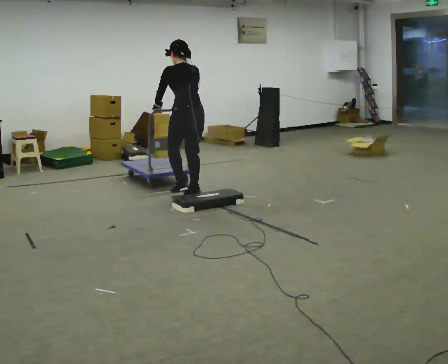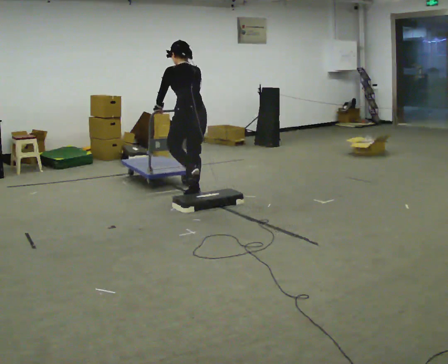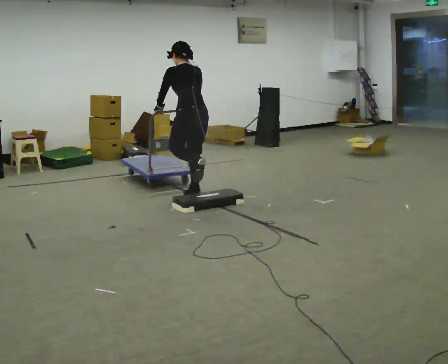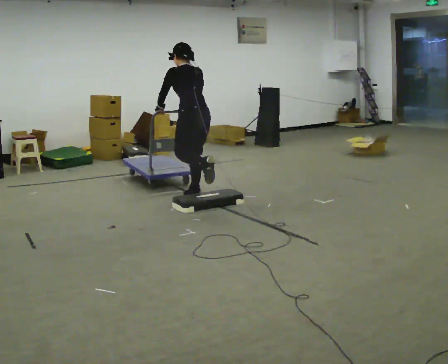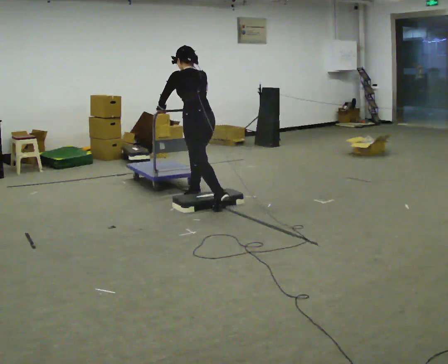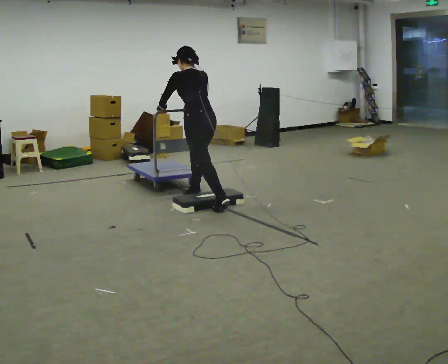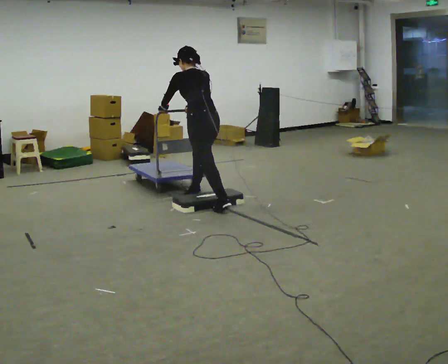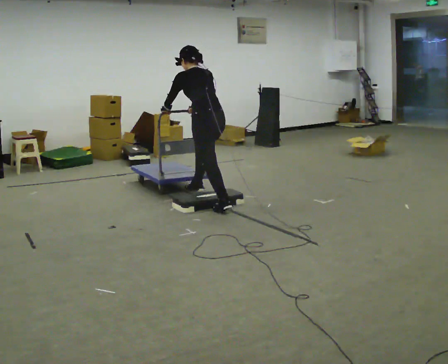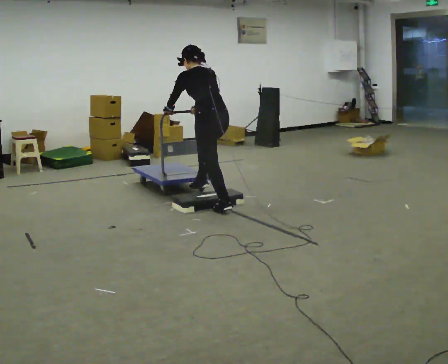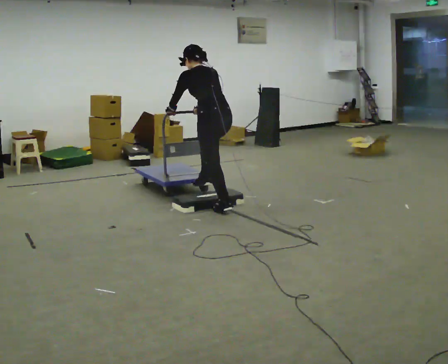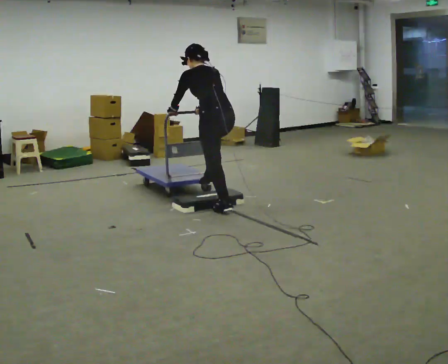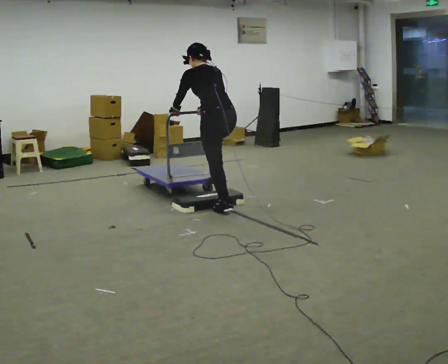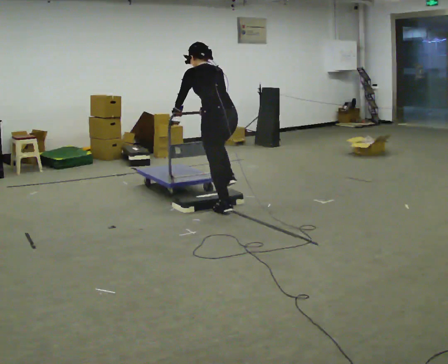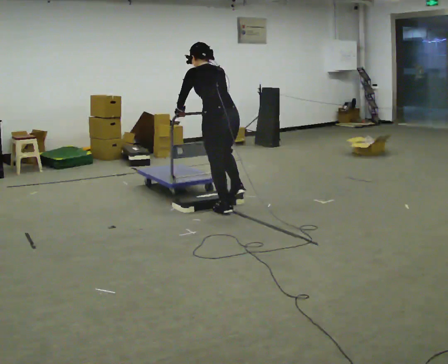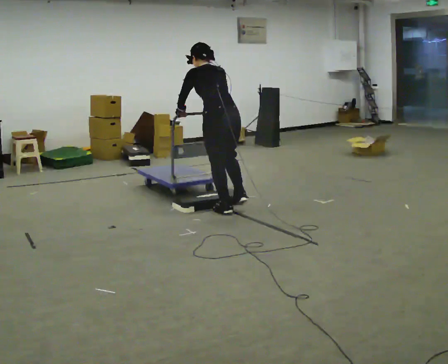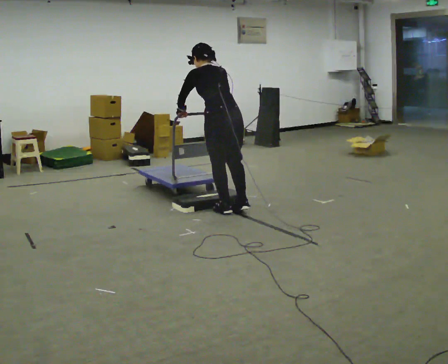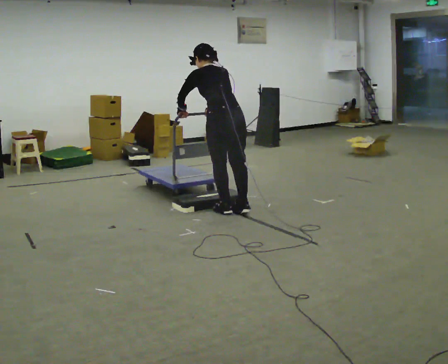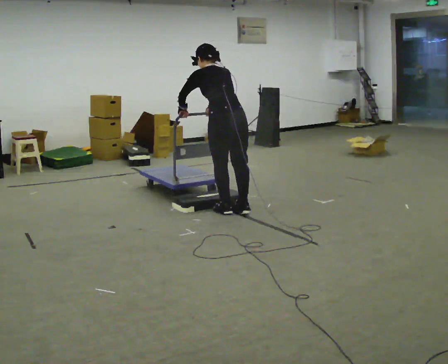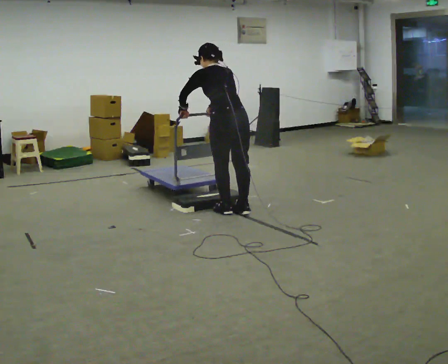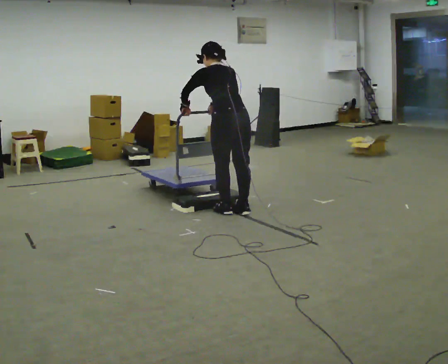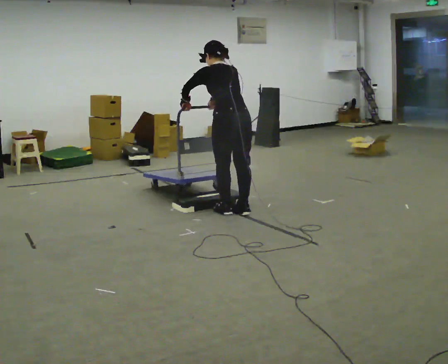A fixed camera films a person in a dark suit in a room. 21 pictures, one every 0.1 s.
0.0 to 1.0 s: In the picture they go toward the camera and to the right, about 0.5 m in 1 step, which for them is backward. In the picture the upper body tilts counterclockwise, shoulders to the left, as they bend forward.
1.0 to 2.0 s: In the picture they go toward the camera, about 0.25 m, which for them is backward.
The film runs backward here.
